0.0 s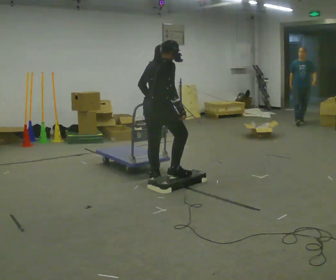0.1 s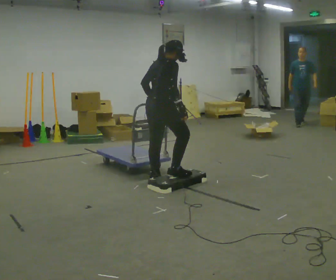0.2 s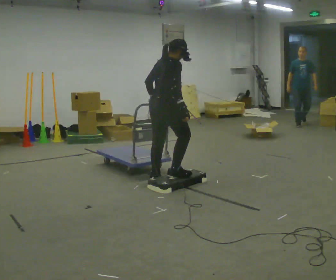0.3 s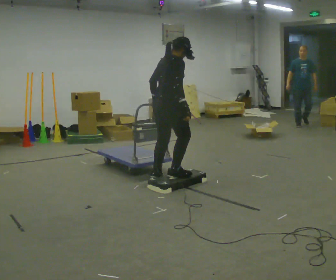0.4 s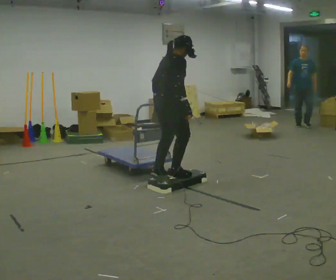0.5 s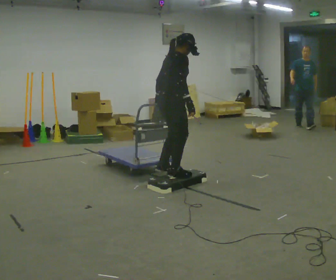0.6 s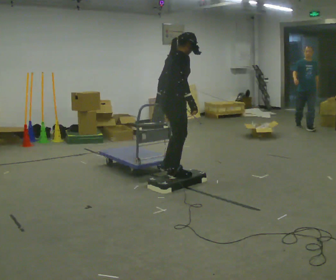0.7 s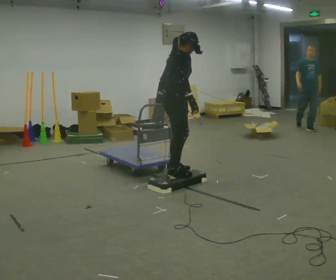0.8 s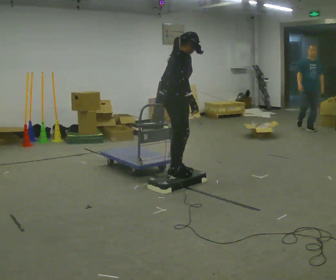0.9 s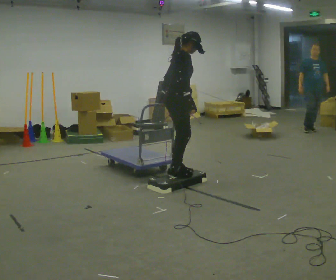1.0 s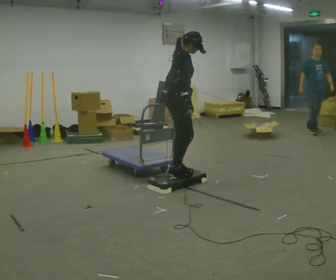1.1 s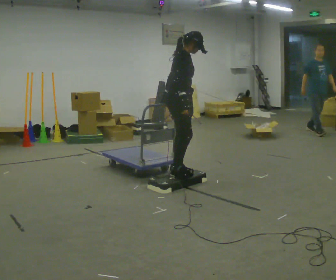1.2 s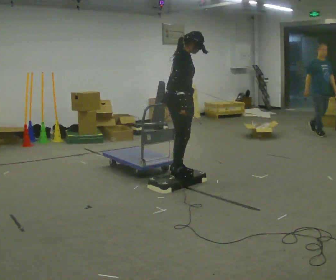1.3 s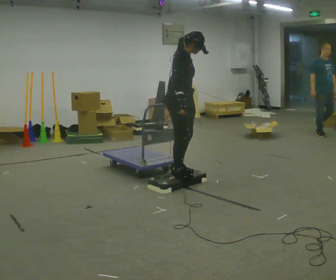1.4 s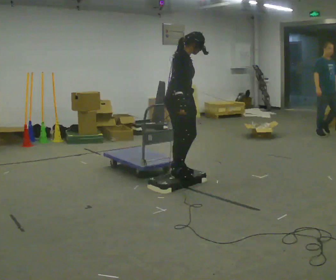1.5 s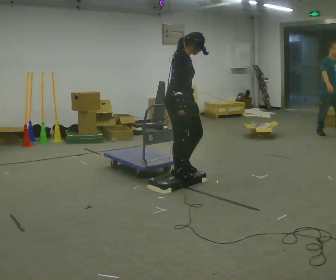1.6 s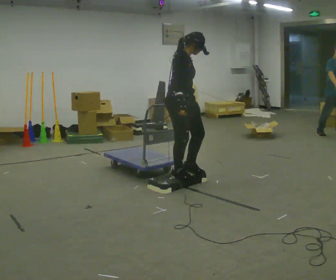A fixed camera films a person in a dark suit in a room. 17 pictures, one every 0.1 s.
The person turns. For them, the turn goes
to their right.
The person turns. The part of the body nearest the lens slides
to the left.
0.0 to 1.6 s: The part of the body nearest the lens slides to the left as the person turns to their right by about 60 degrees. In the picture they go to the right, about 0.25 m in 1 step.
The film runs forward here.
